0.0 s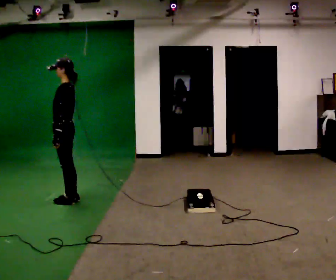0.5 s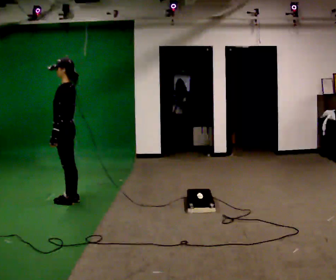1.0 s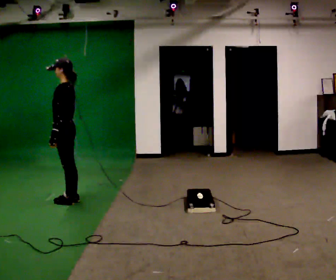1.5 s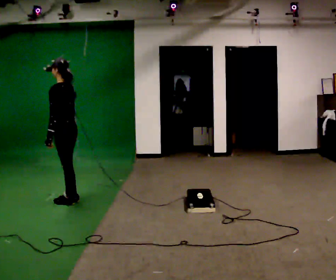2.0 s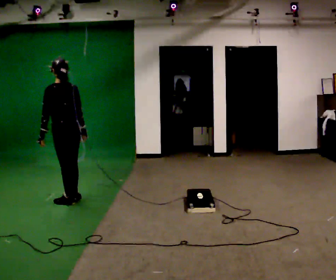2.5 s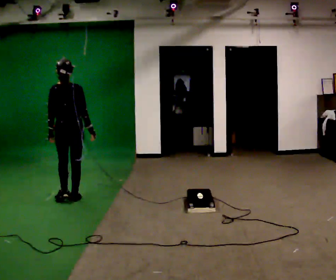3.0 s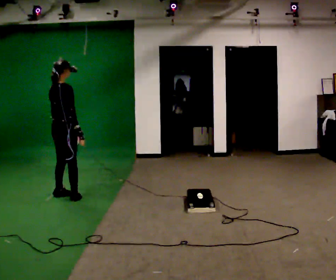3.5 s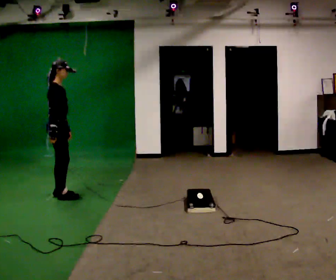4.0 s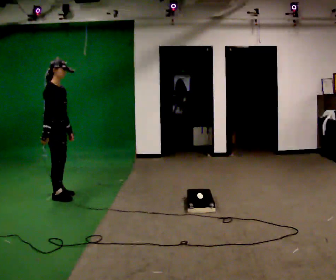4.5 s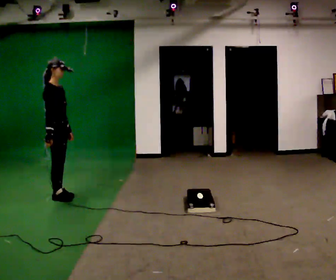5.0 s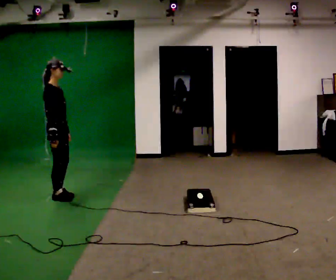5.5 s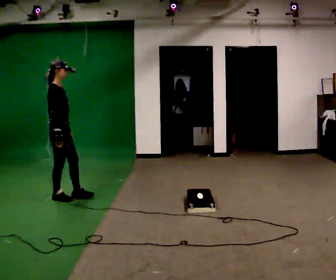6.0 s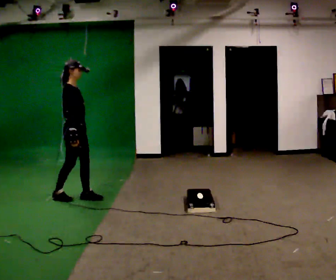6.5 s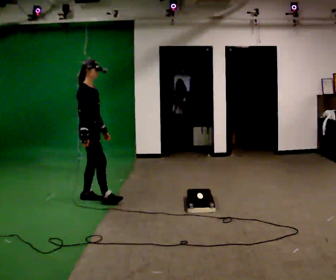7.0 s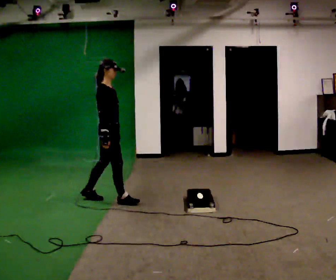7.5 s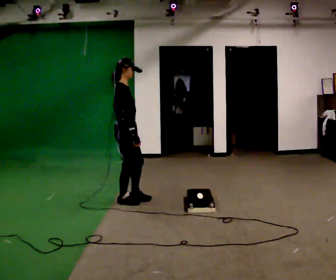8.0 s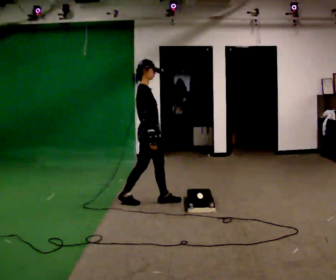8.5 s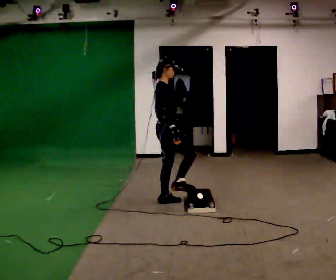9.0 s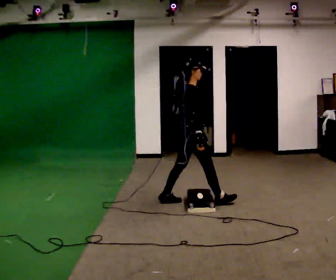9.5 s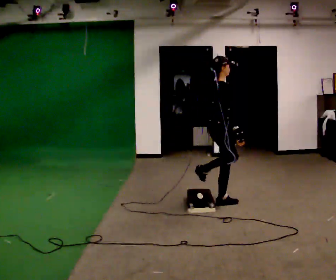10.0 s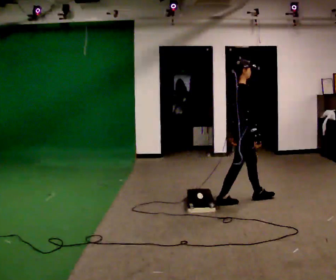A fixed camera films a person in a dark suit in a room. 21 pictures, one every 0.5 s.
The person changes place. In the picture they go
to the right.
0.0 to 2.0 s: The person turns about 60 degrees to their right, clockwise seen from above, so the part of the body nearest the lens slides to the left.
2.0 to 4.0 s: The person turns about 135 degrees to their right, clockwise seen from above, so the part of the body nearest the lens slides to the left. In the picture they go away from the camera, about 0.25 m in 2 steps.
4.0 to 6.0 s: In the picture they go to the right, about 0.25 m in 1 step, which for them is forward.
6.0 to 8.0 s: In the picture they go to the right and toward the camera, about 1 m in 2 steps, which for them is forward.
8.0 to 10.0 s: In the picture they go to the right and toward the camera, about 1 m in 2 steps, which for them is forward.
The film runs forward here.
